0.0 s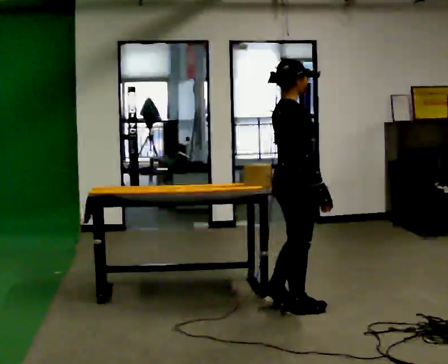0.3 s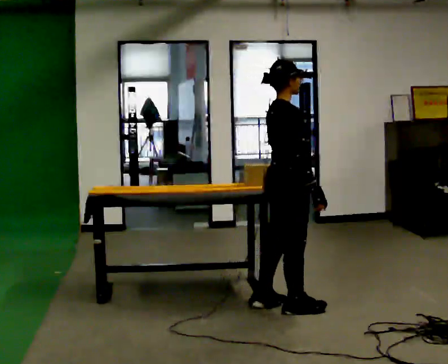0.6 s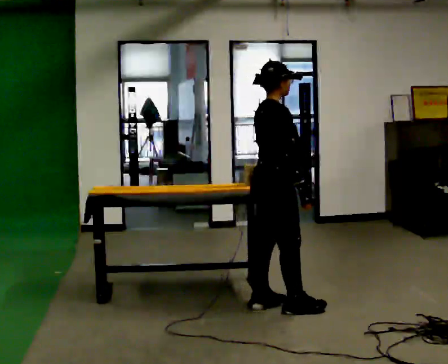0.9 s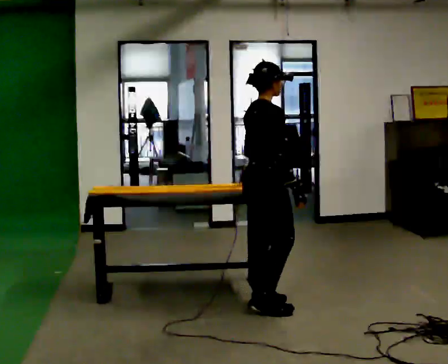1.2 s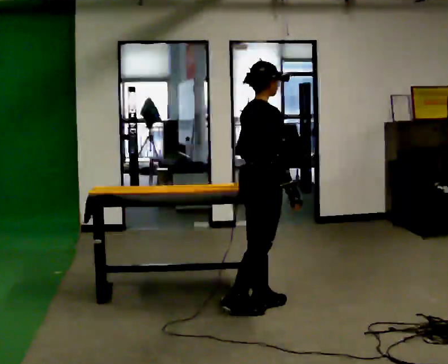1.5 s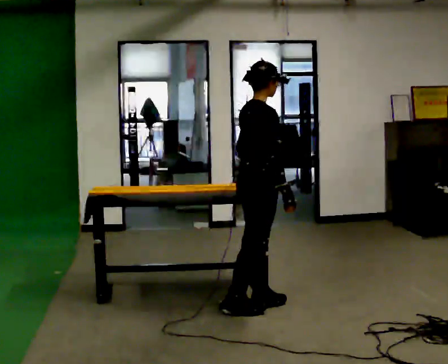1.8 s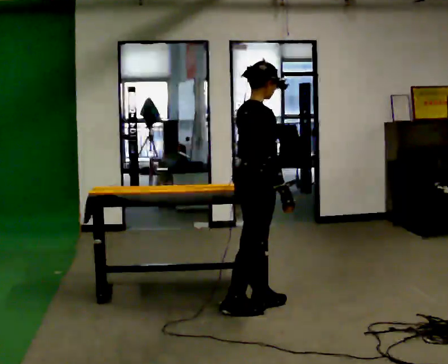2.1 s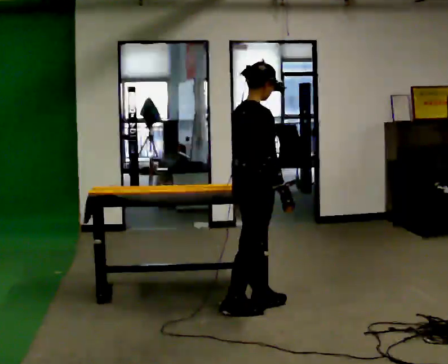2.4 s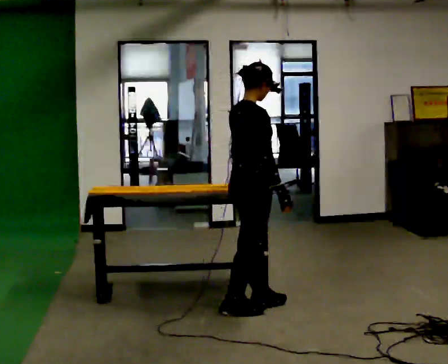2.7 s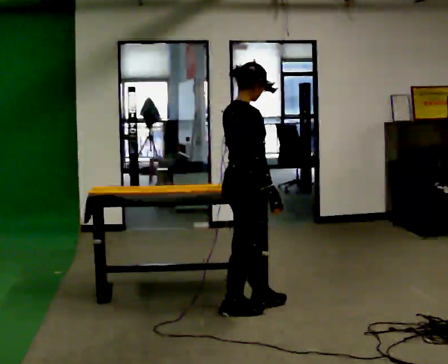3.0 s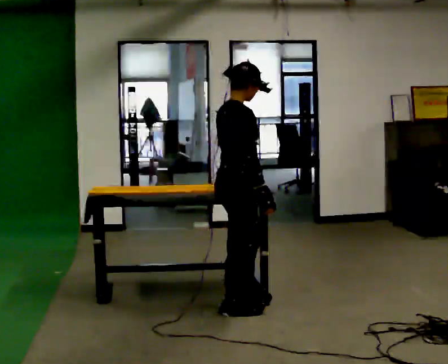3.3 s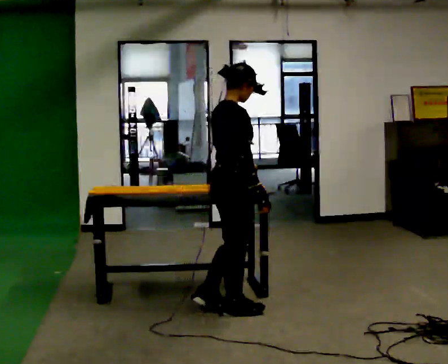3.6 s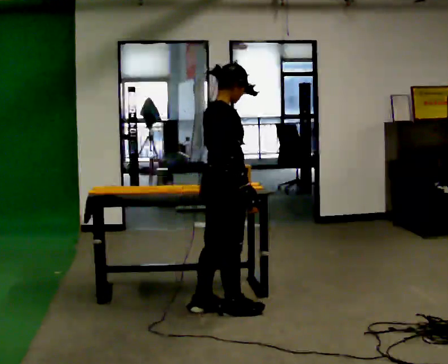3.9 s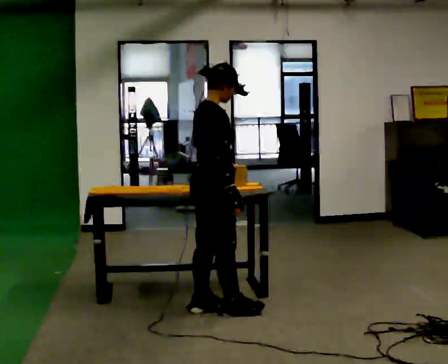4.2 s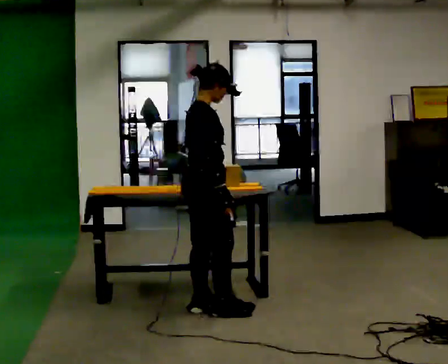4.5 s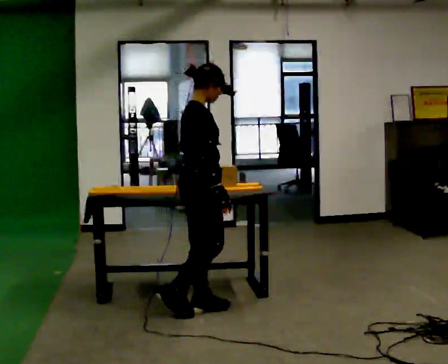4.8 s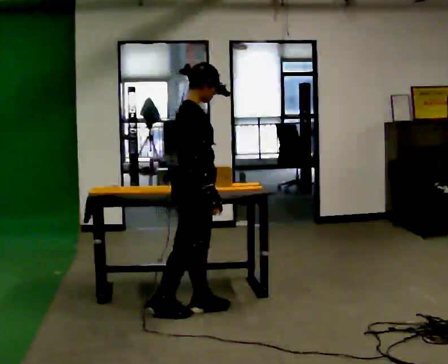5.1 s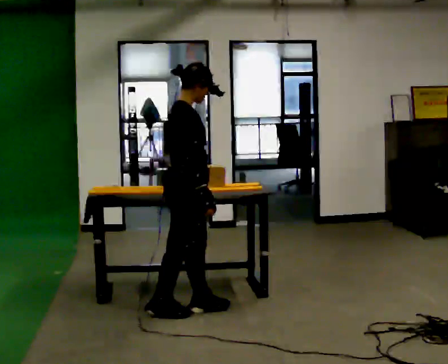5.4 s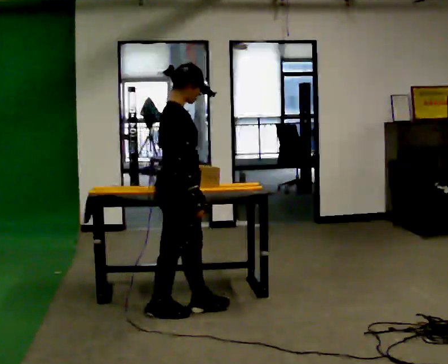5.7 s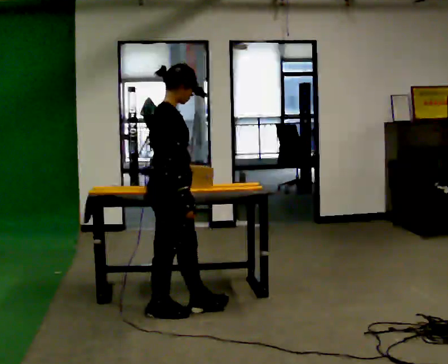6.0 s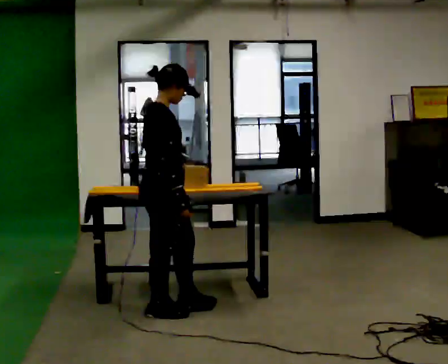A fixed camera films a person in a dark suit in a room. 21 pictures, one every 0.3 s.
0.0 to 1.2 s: In the picture they go to the left, about 0.25 m in 1 step, which for them is backward and to their left. In the picture their left hand goes to the left.
1.2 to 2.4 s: The person moves a little, or ends about where they began.
2.4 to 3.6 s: In the picture they go to the left, about 0.25 m in 1 step, which for them is backward.
3.6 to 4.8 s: In the picture they go to the left, about 0.25 m in 1 step, which for them is backward.
4.8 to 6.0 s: In the picture they go to the left, about 0.25 m in 1 step, which for them is backward.
The film runs backward here.
